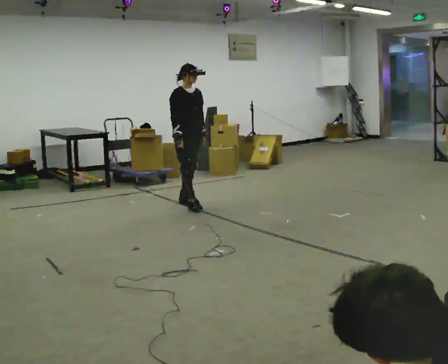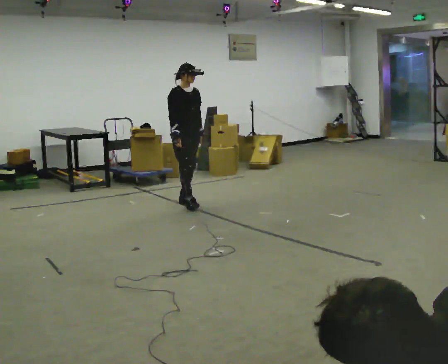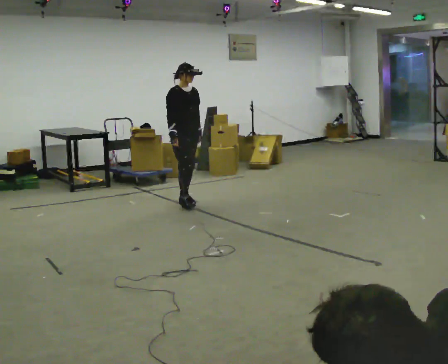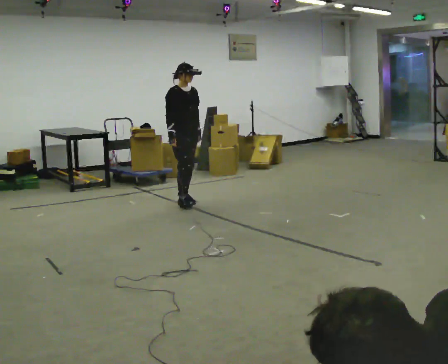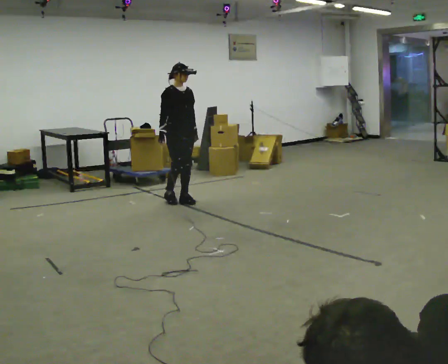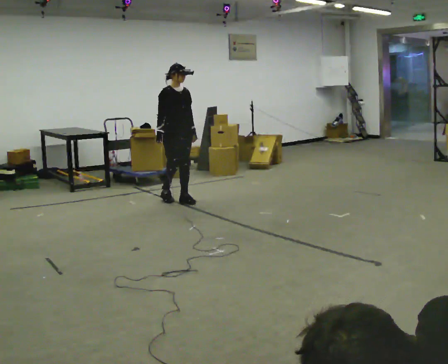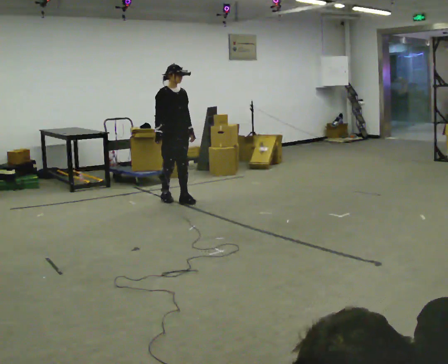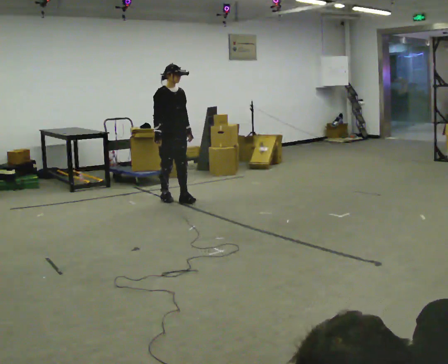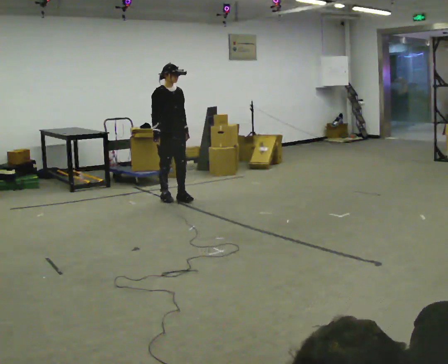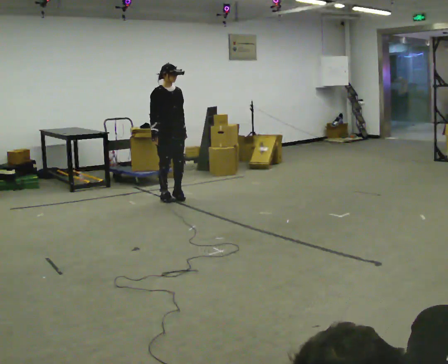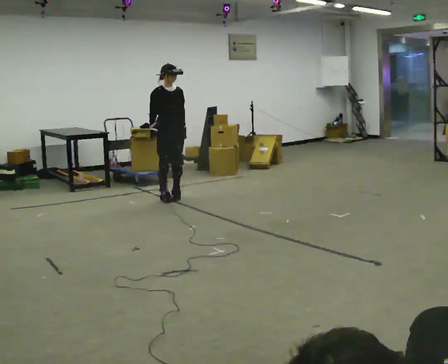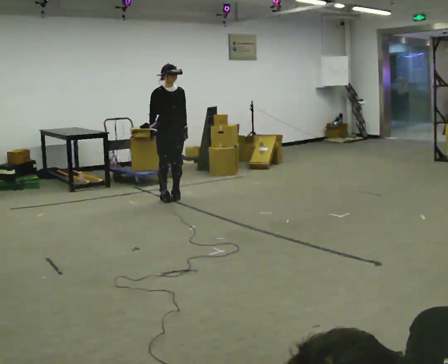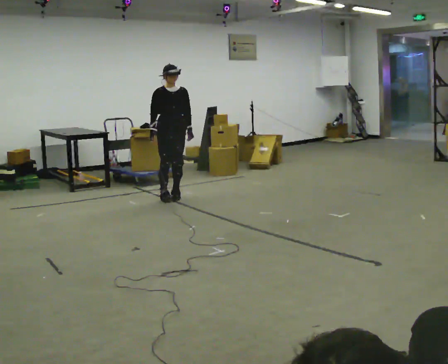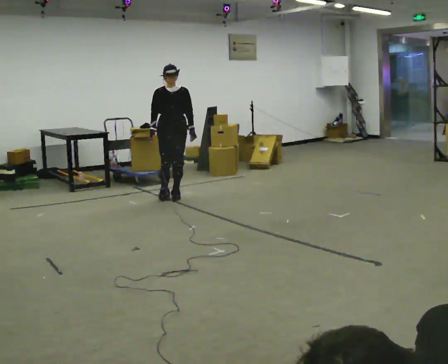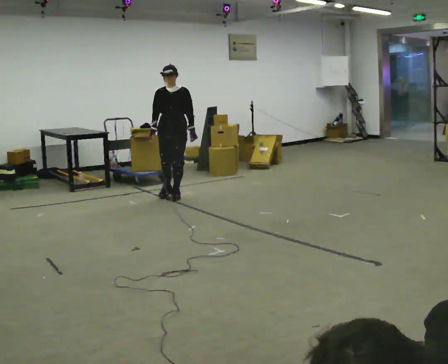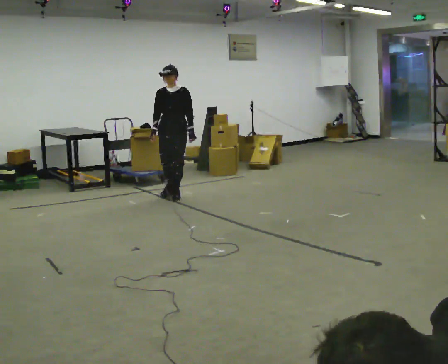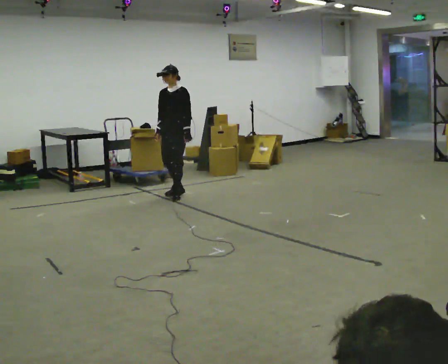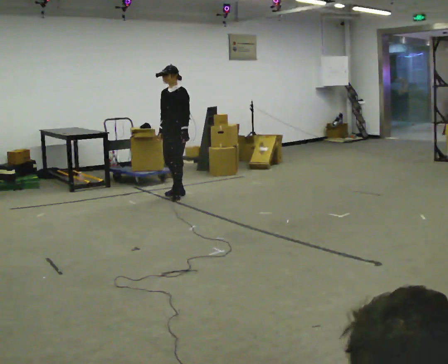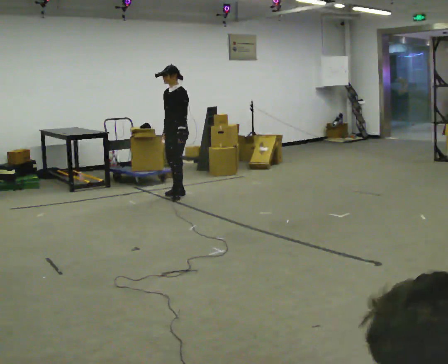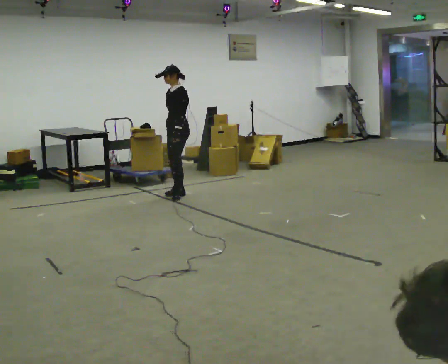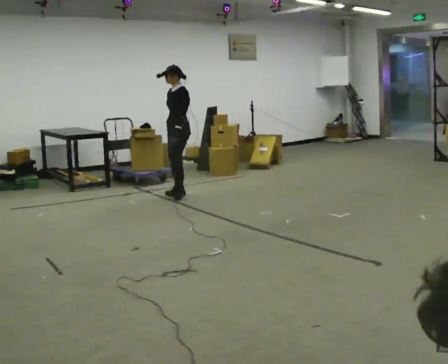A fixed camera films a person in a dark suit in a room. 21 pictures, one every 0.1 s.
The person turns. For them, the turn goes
to their right.
The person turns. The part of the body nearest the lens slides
to the left.
0.0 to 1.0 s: In the picture they go away from the camera and to the left, about 0.25 m in 1 step, which for them is backward.
1.0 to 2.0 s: Seen from above the body turns clockwise, about 90 degrees: to their right, with its near side sliding to the left. In the picture they go to the right, about 0.25 m in 2 steps.
The film runs forward here.
